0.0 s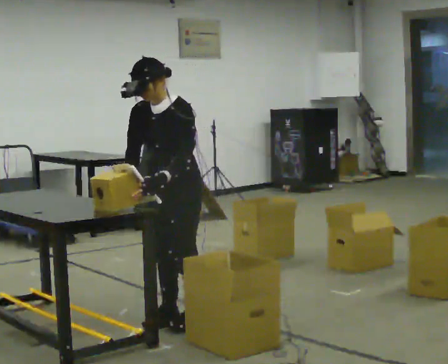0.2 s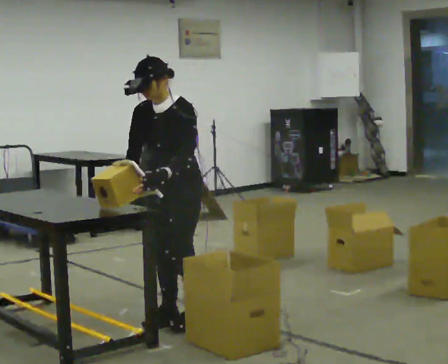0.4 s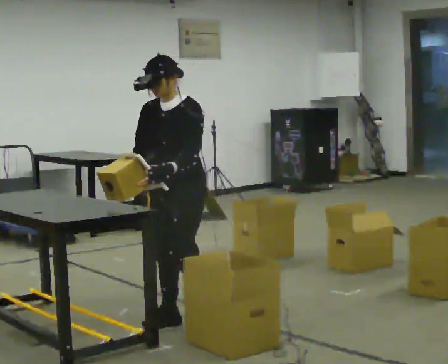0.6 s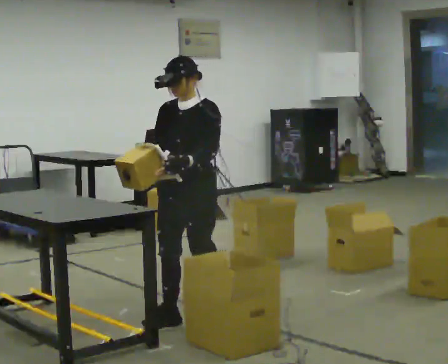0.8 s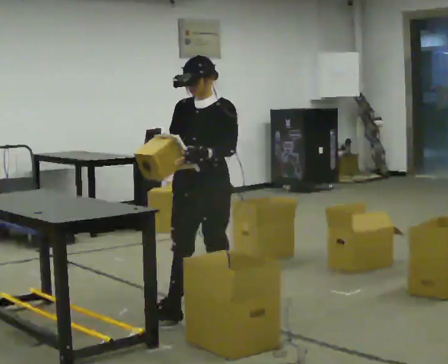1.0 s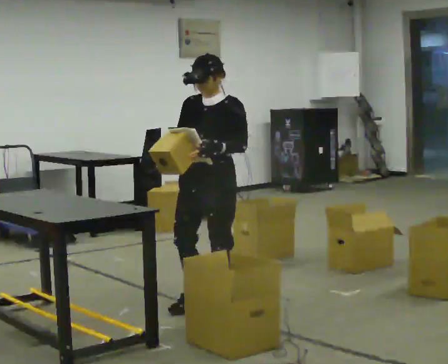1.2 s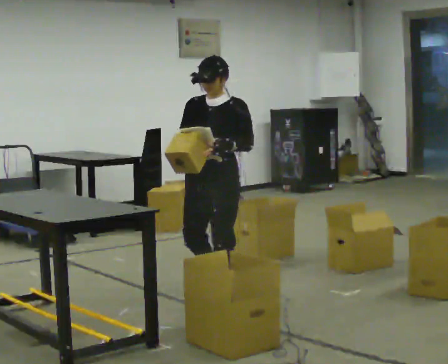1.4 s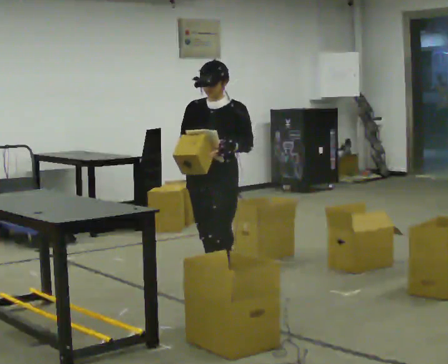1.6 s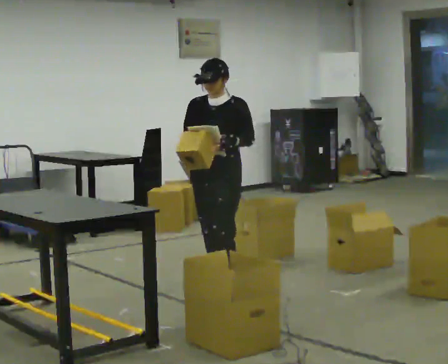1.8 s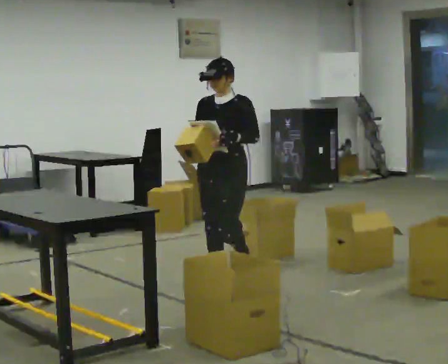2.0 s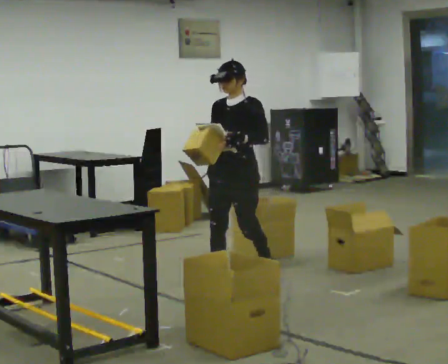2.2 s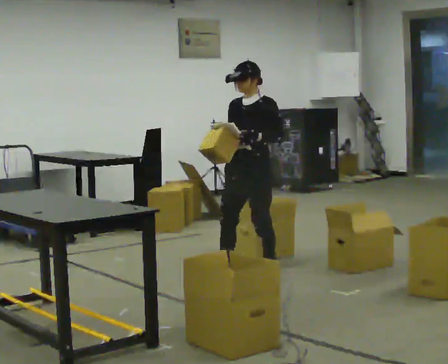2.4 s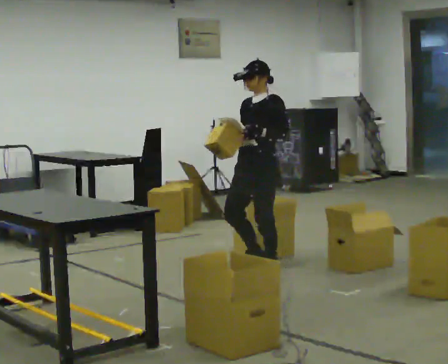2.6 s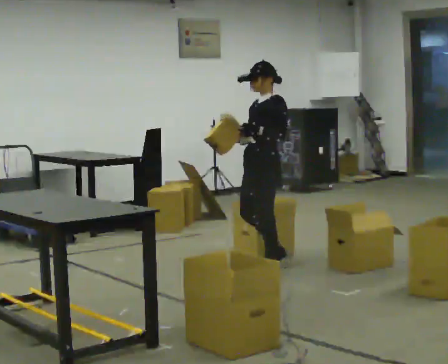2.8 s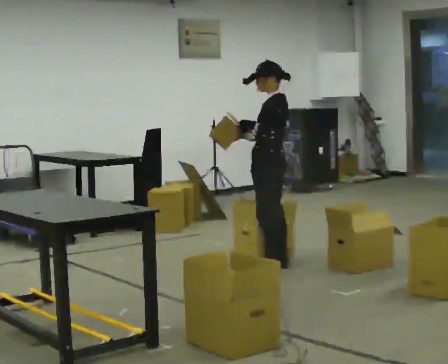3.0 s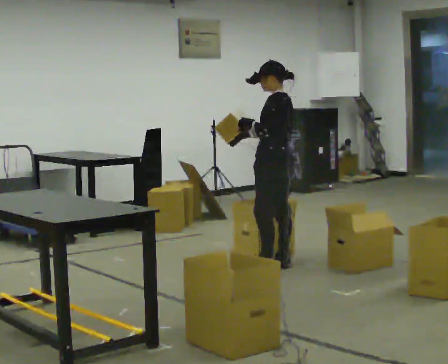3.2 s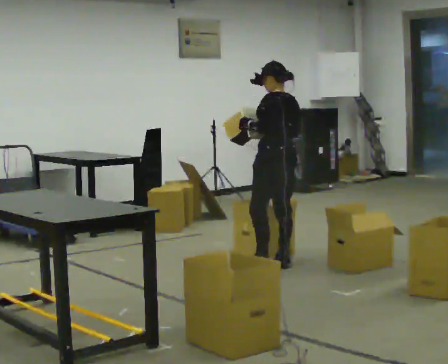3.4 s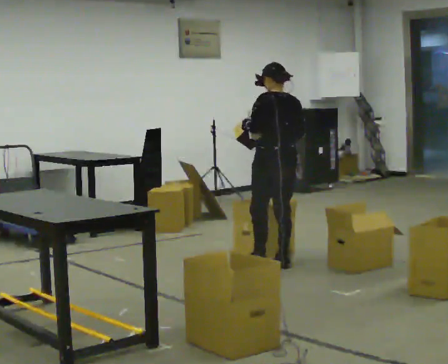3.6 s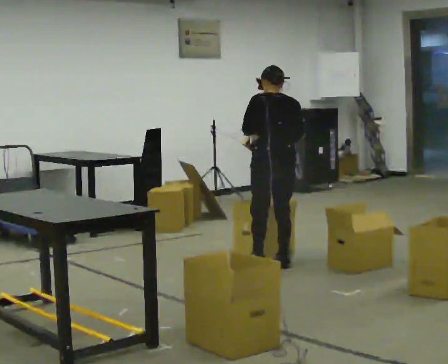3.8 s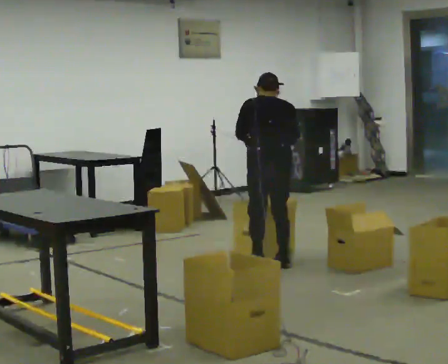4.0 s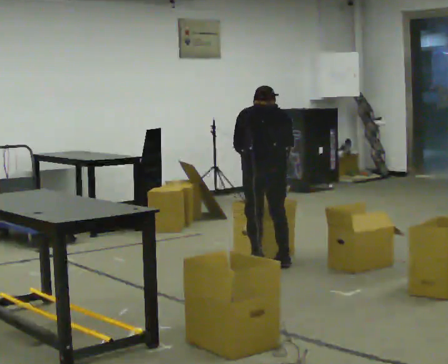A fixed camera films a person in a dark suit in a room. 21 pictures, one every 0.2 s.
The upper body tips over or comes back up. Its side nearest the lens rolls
upward.
The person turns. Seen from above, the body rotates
clockwise.
0.0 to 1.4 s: In the picture they go away from the camera, about 0.5 m in 2 steps, which for them is backward. The upper body tips away from the camera, its near side rolling upward, as they lean back or straighten.
1.4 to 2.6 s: Seen from above the body turns clockwise, about 45 degrees: to their right, with its near side sliding to the left. In the picture they go away from the camera and to the right, about 0.75 m in 2 steps, which for them is backward.
2.6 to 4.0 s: The person turns about 105 degrees to their right, clockwise seen from above, so the part of the body nearest the lens slides to the left. The upper body tips away from the camera, its near side rolling upward, as they bend forward. In the picture their right hand goes to the right.
The film runs backward here.
